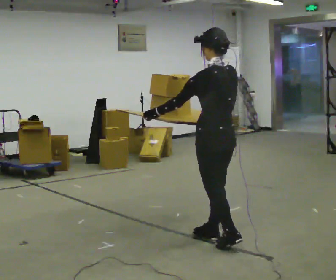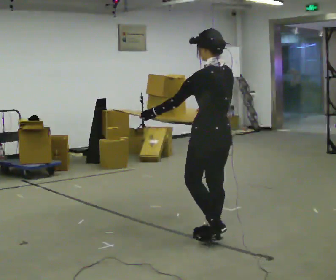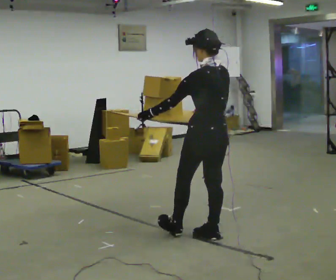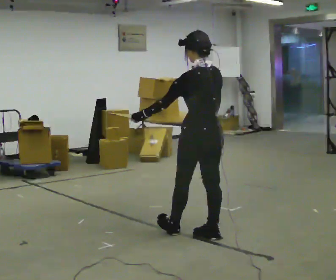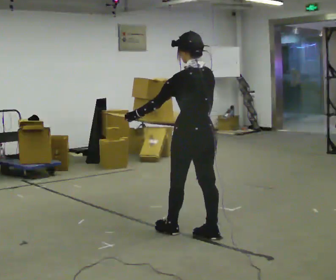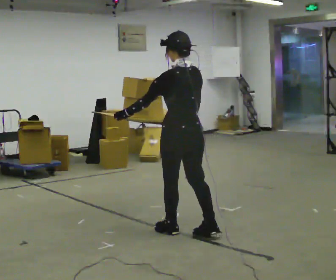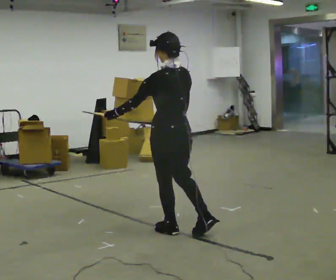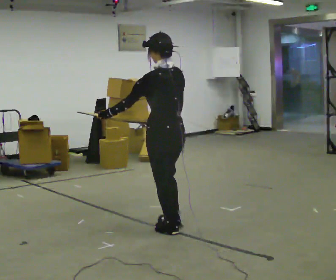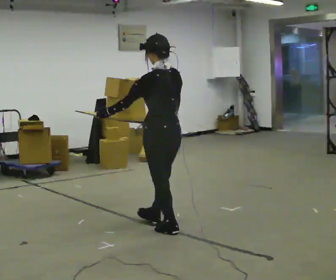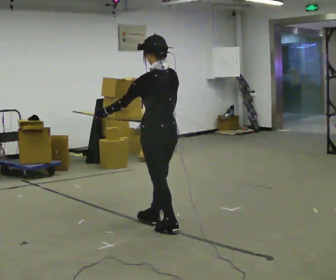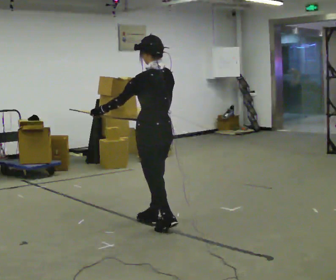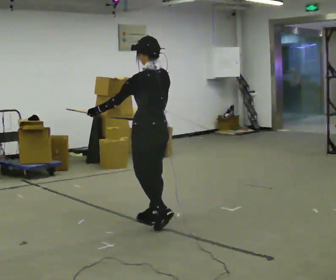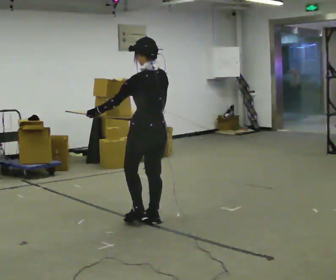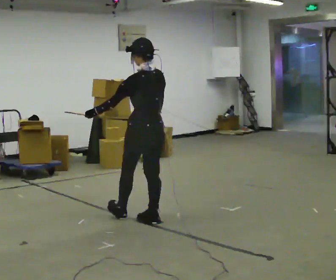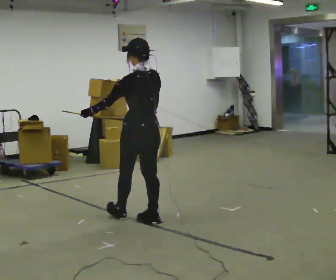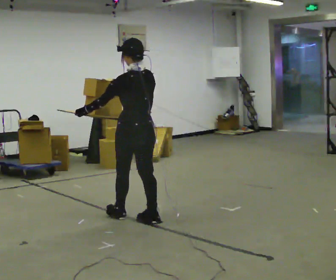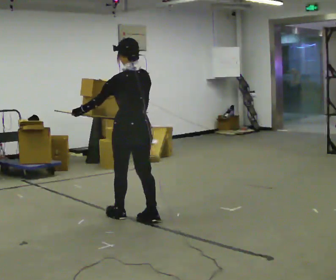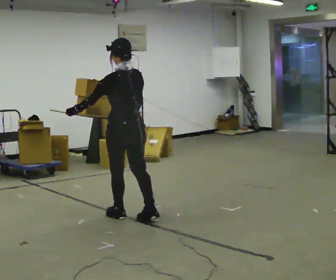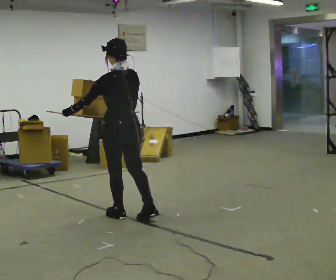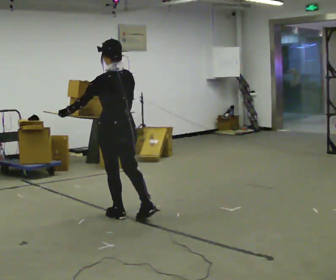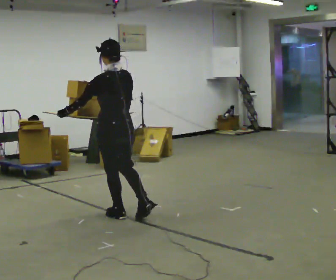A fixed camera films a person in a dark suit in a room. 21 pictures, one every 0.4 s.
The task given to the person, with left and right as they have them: Carry the loaded tray flat and level in both hands, walking back and forth across the room. Try not to let anything slide off.
0.0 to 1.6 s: In the picture they go to the left, about 0.25 m in 1 step, which for them is forward.
1.6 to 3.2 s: In the picture they go to the left and away from the camera, about 0.25 m in 1 step, which for them is forward.
3.2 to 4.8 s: In the picture they go away from the camera, about 0.25 m, which for them is forward and to their right.
4.8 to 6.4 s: In the picture they go to the left, about 0.25 m in 1 step, which for them is forward.
6.4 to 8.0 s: The person moves a little, or ends about where they began.
The film runs forward here.
